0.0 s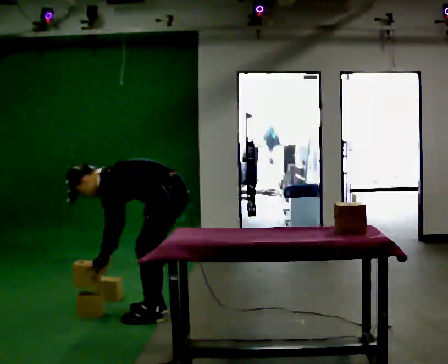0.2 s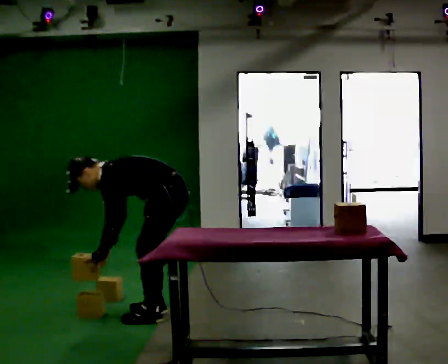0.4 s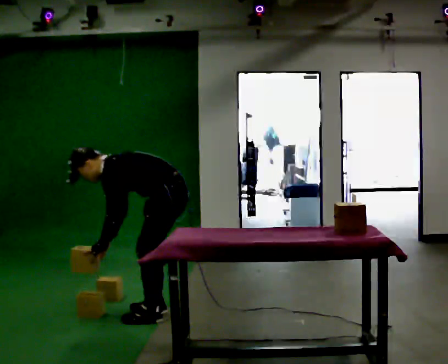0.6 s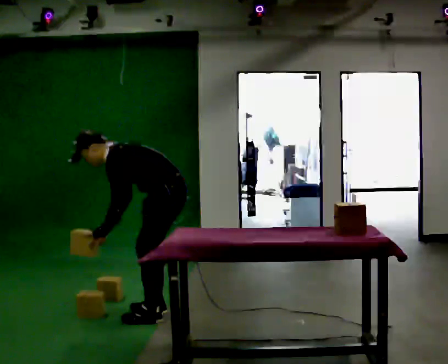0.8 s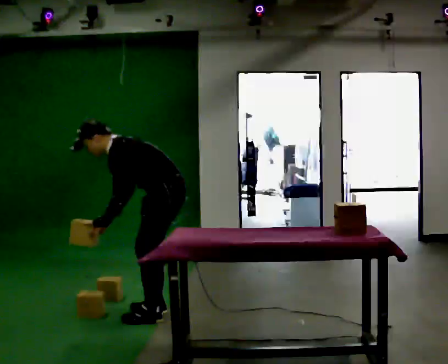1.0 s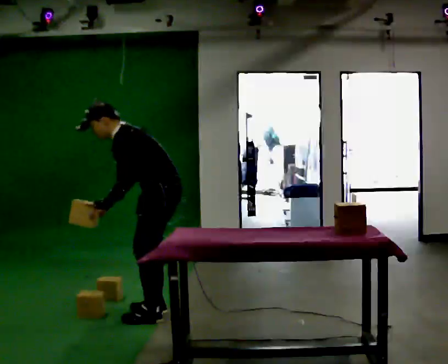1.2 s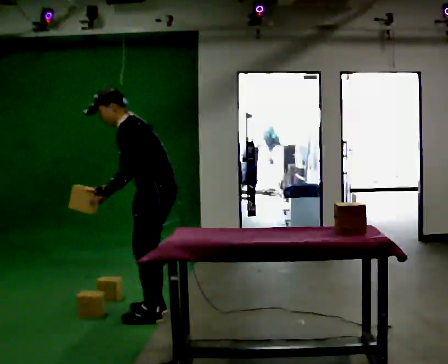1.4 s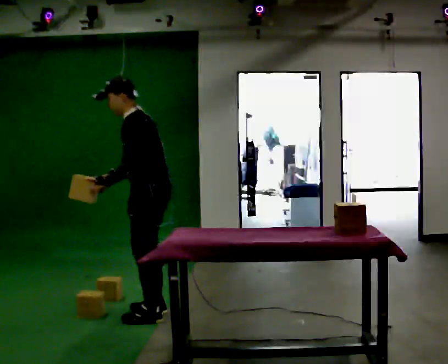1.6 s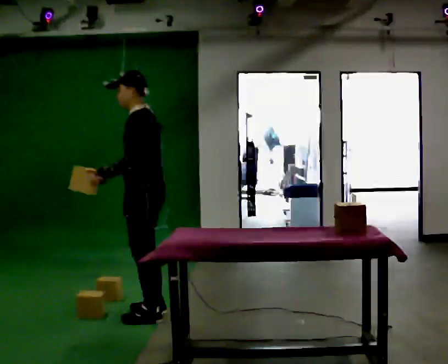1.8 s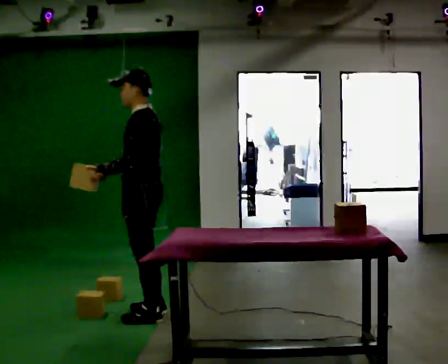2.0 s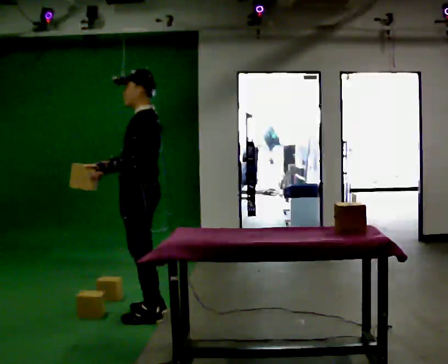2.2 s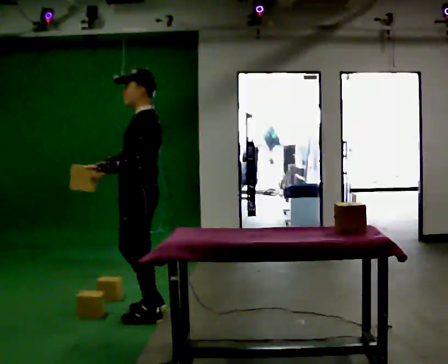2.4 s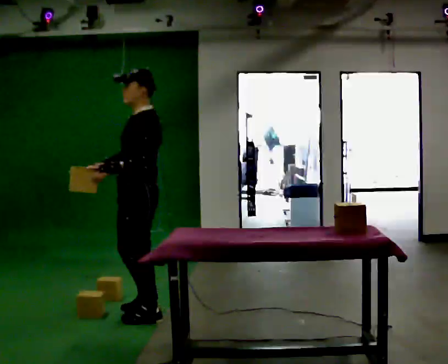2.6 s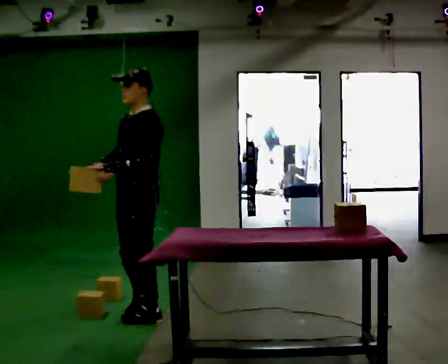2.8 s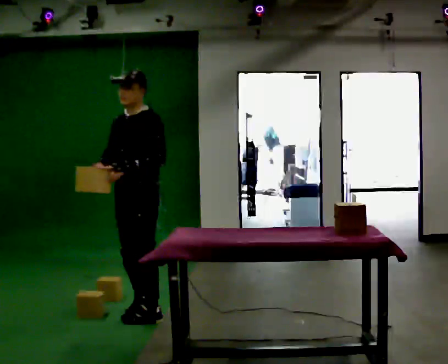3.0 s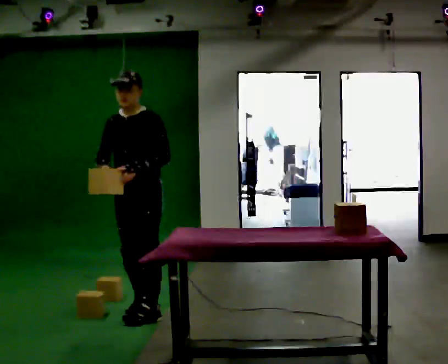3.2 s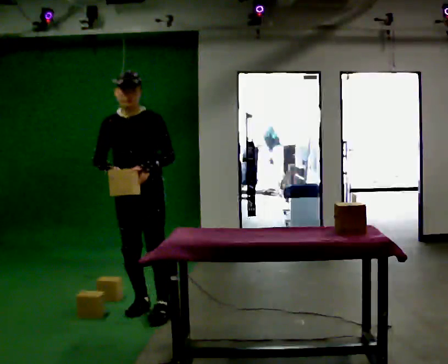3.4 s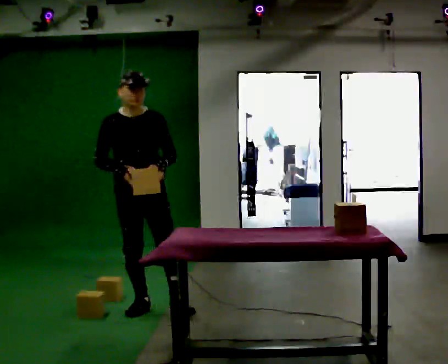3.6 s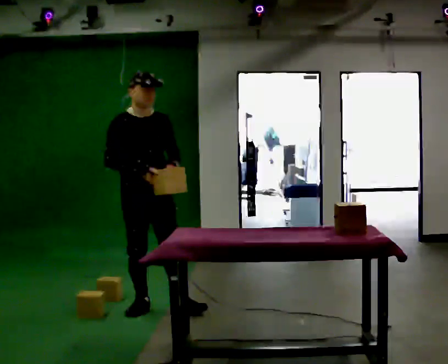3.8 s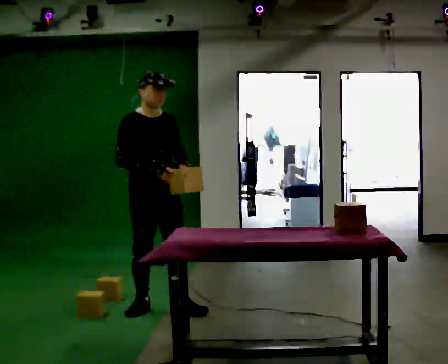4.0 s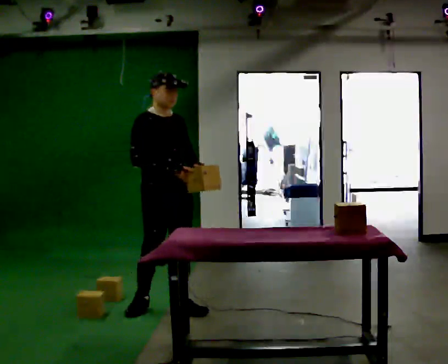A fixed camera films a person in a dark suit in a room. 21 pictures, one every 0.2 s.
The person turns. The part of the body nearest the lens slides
to the right.
The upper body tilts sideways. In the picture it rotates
clockwise.
0.0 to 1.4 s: The upper body goes upward. In the picture the upper body tilts clockwise, shoulders to the right, as they lean back or straighten. In the picture their right hand goes upward.
1.4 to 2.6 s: The part of the body nearest the lens slides to the right as the person turns to their left by about 30 degrees. In the picture the upper body tilts clockwise, shoulders to the right, as they lean back or straighten.
2.6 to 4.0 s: The person turns about 105 degrees to their left, counterclockwise seen from above, so the part of the body nearest the lens slides to the right. In the picture they go to the right, about 0.25 m in 1 step. In the picture their right hand goes to the right, the arm swinging counterclockwise.
The film runs forward here.
